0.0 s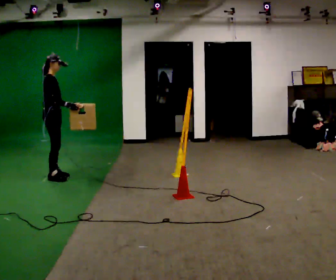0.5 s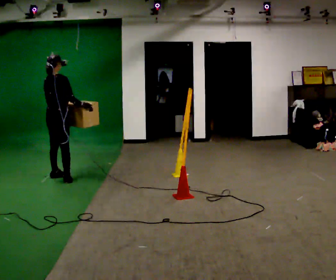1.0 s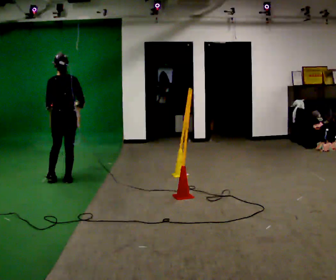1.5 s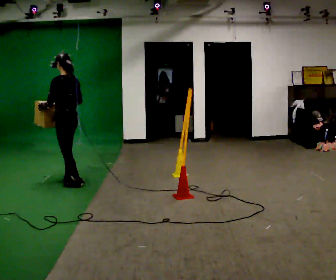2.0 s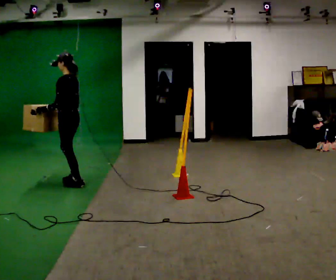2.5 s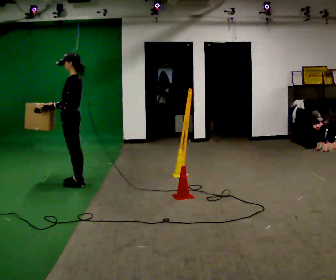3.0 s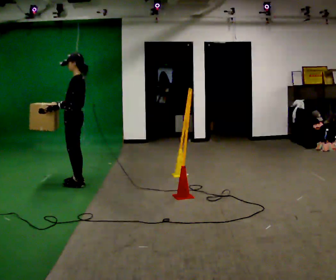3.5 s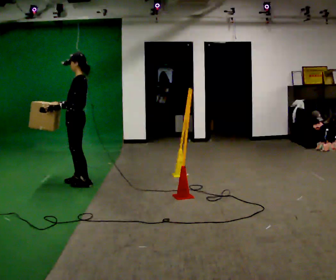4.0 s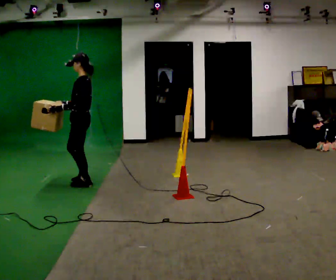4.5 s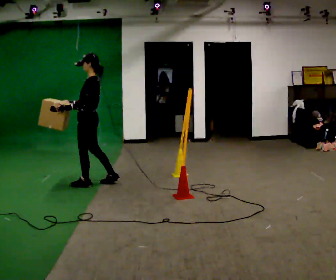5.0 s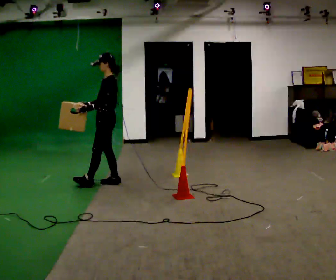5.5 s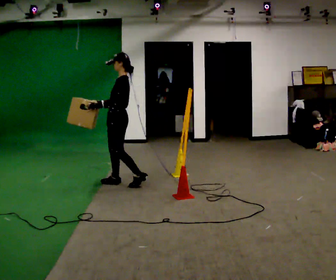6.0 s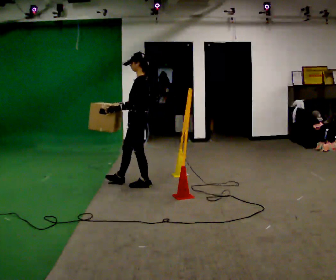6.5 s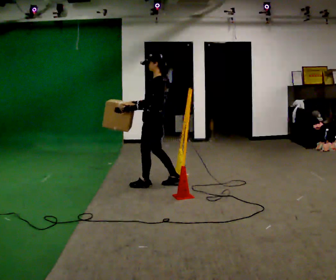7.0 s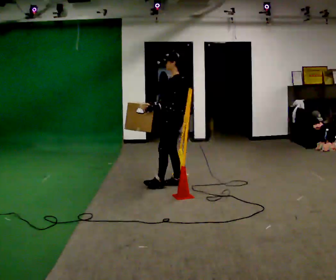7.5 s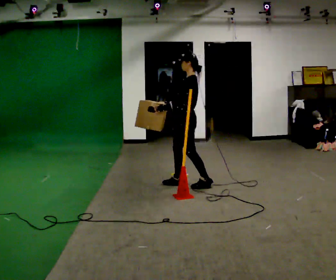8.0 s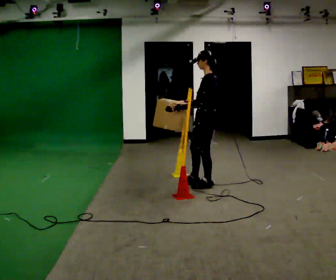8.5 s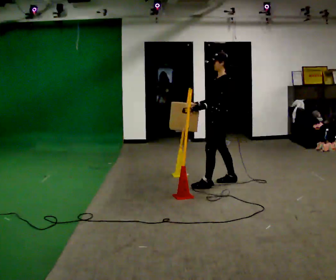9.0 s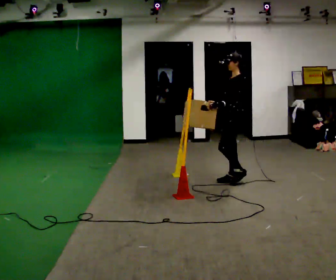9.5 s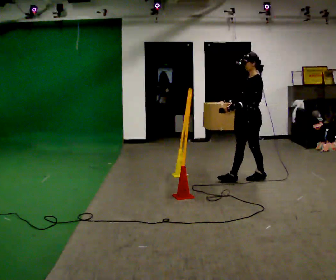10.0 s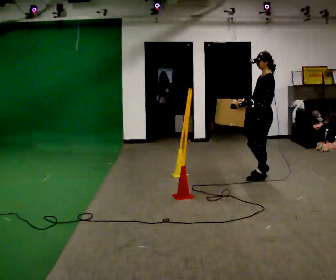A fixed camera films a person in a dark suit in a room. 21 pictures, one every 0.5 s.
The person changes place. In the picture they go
to the right.
0.0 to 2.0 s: The person turns about 150 degrees to their left, counterclockwise seen from above, so the part of the body nearest the lens slides to the right. In the picture they go toward the camera and to the right, about 0.5 m in 3 steps.
2.0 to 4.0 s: In the picture they go to the right, about 0.25 m in 1 step, which for them is backward.
4.0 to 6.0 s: In the picture they go to the right, about 0.75 m in 2 steps, which for them is backward.
6.0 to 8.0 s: In the picture they go to the right, about 1 m in 2 steps, which for them is backward.
8.0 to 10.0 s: In the picture they go to the right, about 1 m in 2 steps, which for them is backward.
The film runs backward here.
